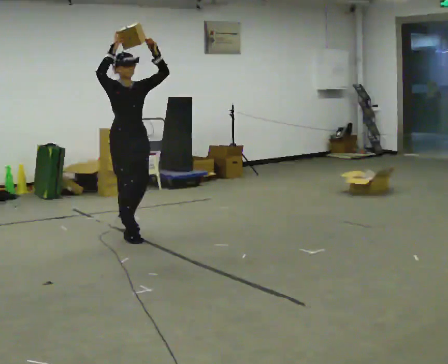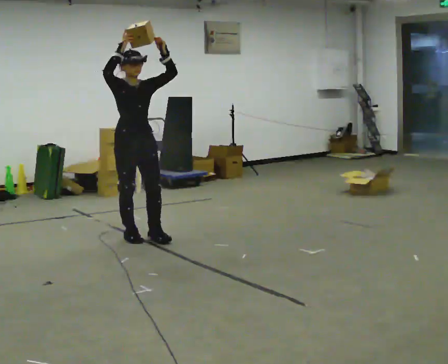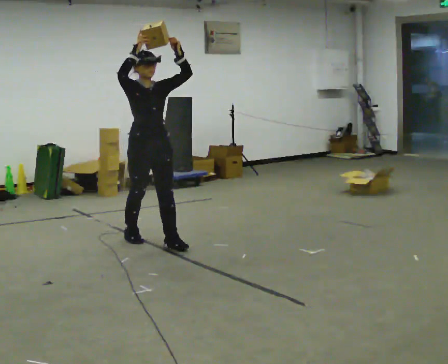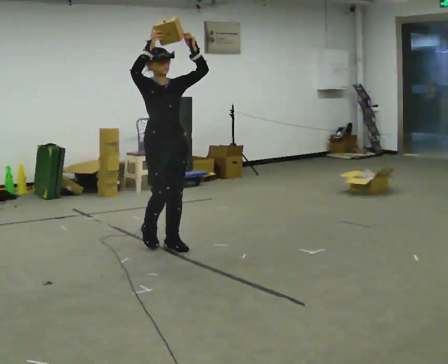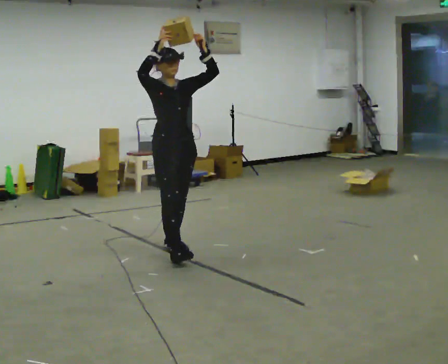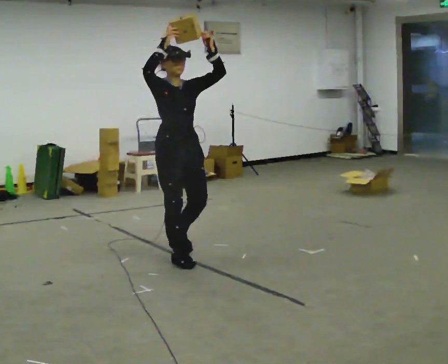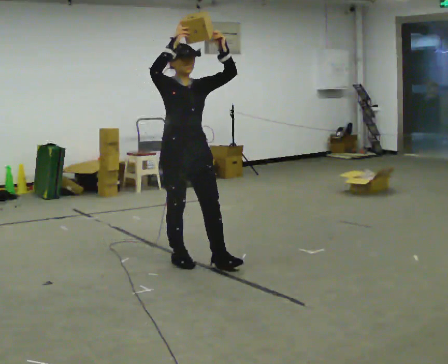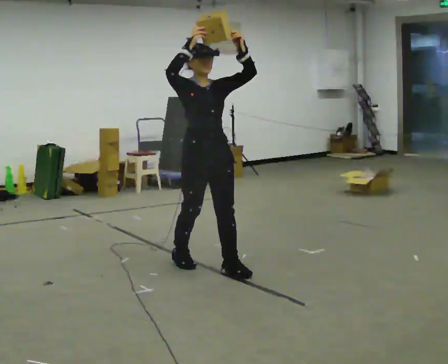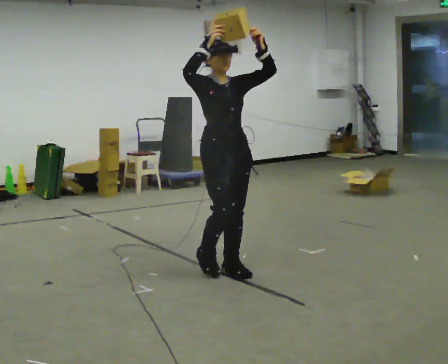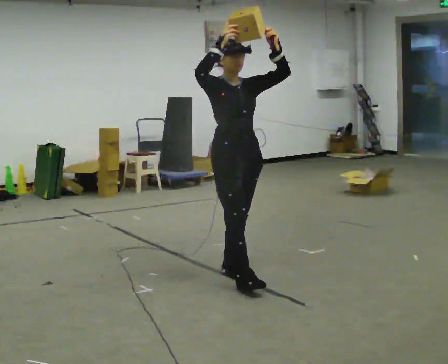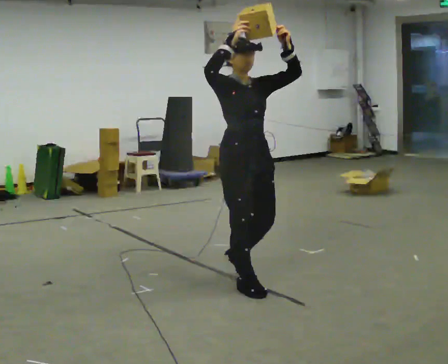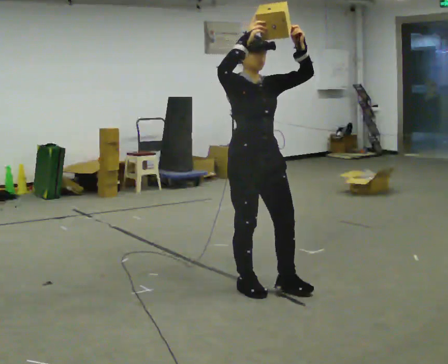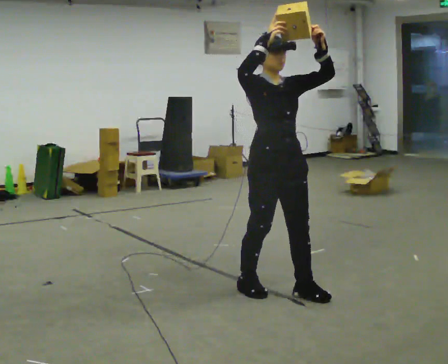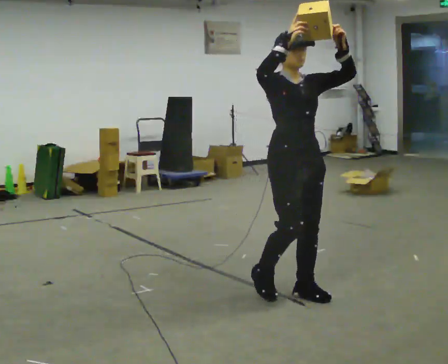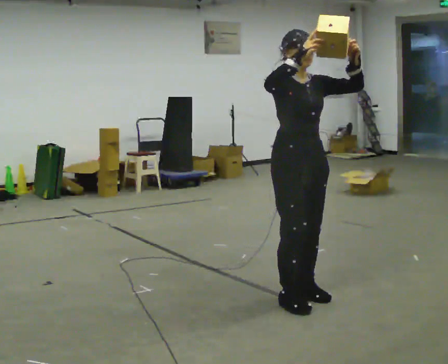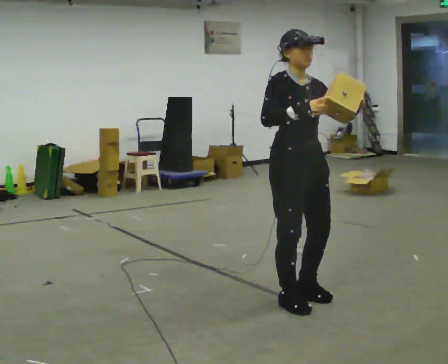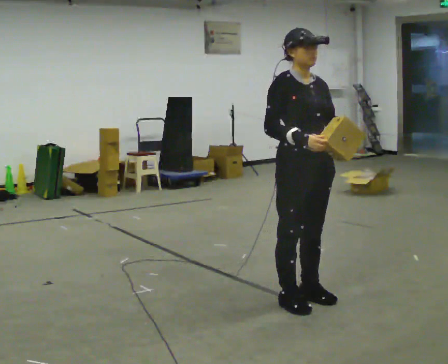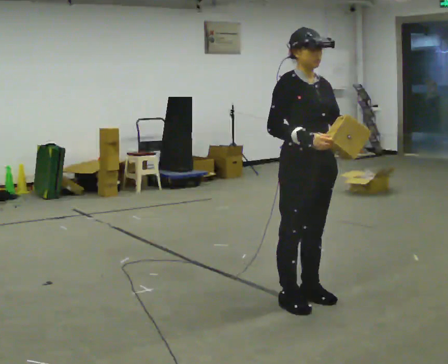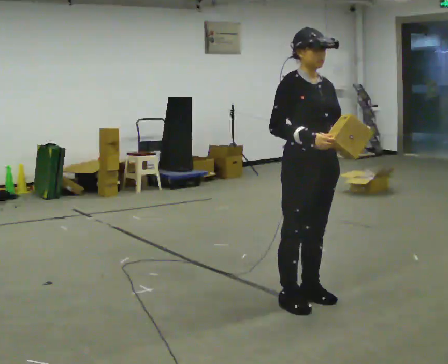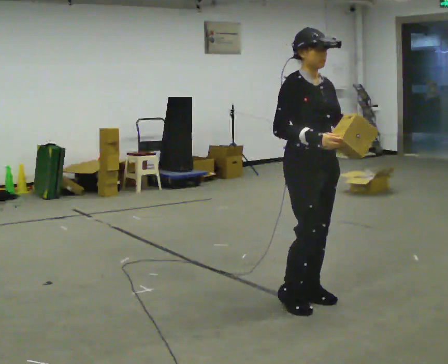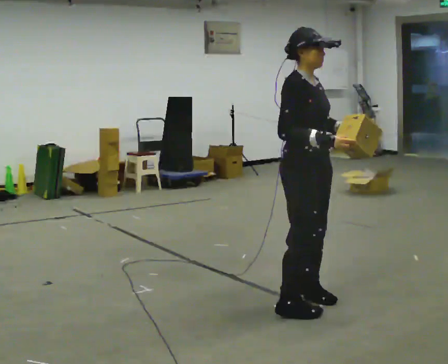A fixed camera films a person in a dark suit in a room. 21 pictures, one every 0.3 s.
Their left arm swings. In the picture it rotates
clockwise.
Their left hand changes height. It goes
downward.
0.0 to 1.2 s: In the picture they go toward the camera and to the right, about 0.75 m in 1 step, which for them is forward.
1.2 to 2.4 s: In the picture they go toward the camera and to the right, about 0.75 m in 2 steps, which for them is forward.
2.4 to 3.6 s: In the picture they go toward the camera and to the right, about 0.5 m in 2 steps, which for them is forward.
3.6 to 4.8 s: In the picture they go toward the camera, about 0.25 m in 1 step, which for them is forward. In the picture their right hand goes downward.
4.8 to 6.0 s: The part of the body nearest the lens slides to the right as the person turns to their left by about 30 degrees.
The film runs forward here.
